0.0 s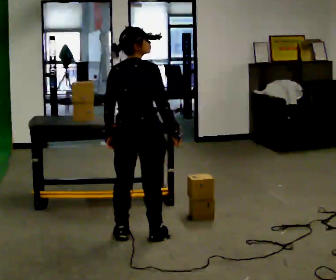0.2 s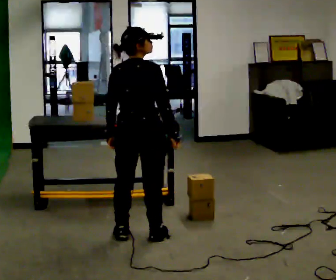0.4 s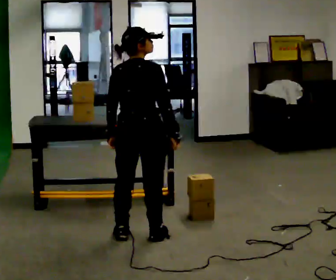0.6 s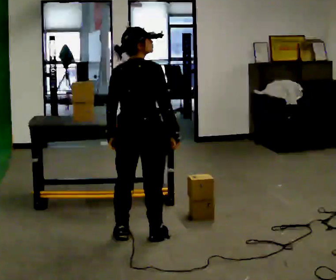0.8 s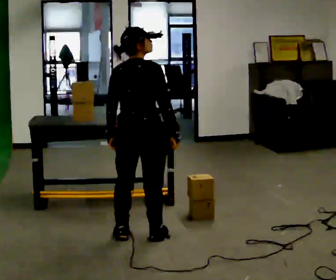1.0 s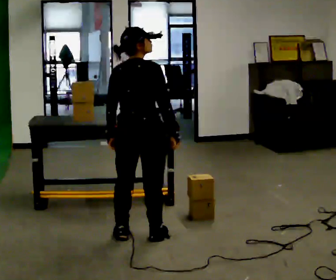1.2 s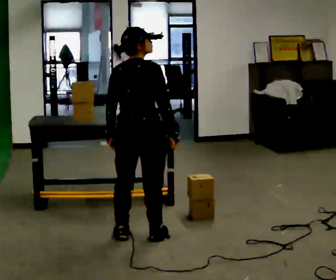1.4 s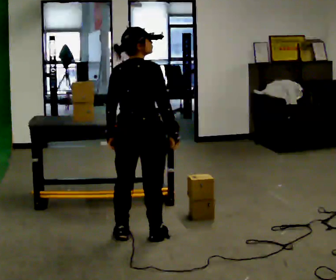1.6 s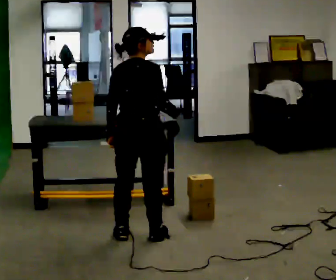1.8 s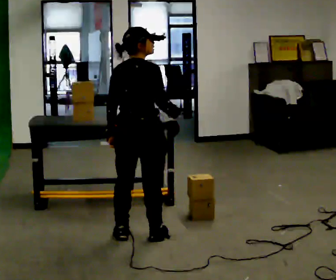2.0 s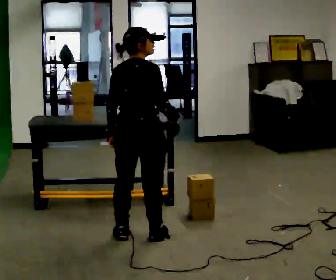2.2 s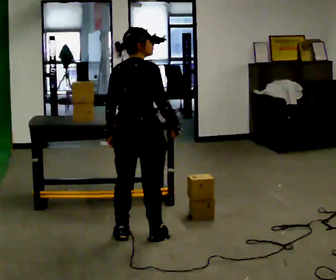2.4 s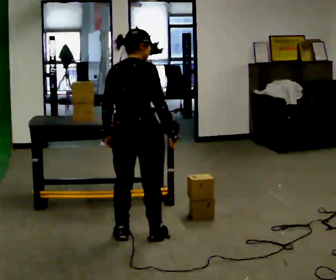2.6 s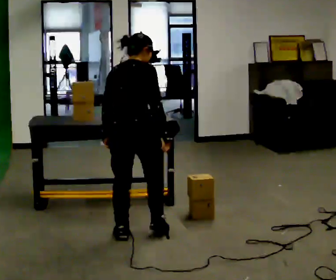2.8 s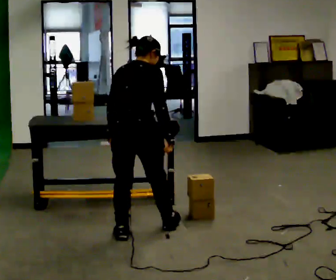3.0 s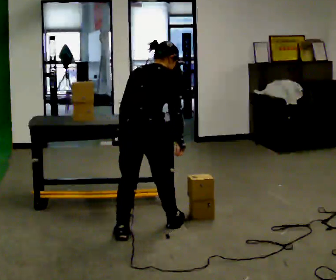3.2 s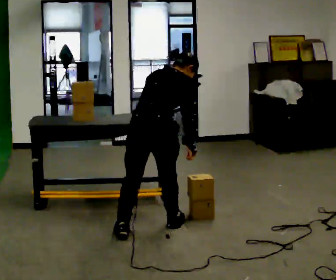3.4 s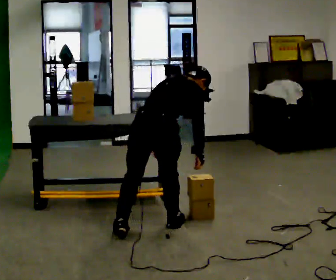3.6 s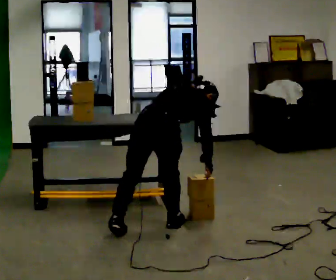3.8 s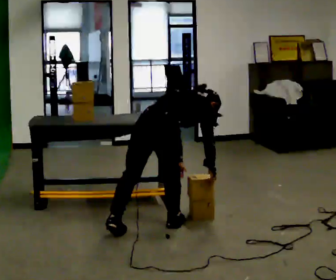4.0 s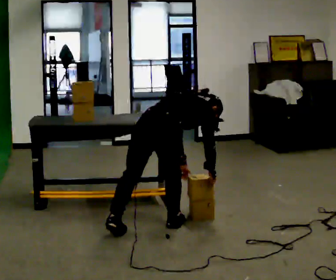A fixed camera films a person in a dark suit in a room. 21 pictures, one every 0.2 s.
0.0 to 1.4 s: The person keeps their place and pose.
1.4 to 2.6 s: The person moves a little, or ends about where they began.
2.6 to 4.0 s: In the picture they go to the right, about 0.25 m in 1 step, which for them is forward and to their right. The shoulders move downward. In the picture the upper body tilts clockwise, shoulders to the right, as they bend forward. In the picture their right hand goes to the right and downward.
The film runs forward here.
